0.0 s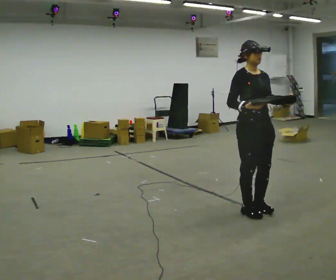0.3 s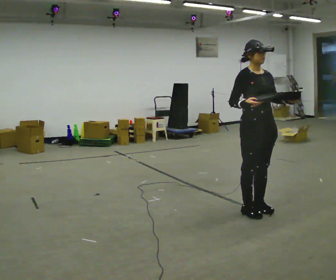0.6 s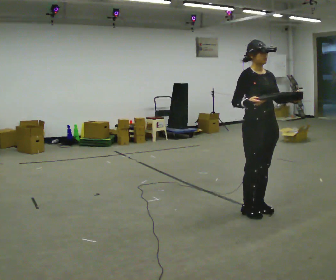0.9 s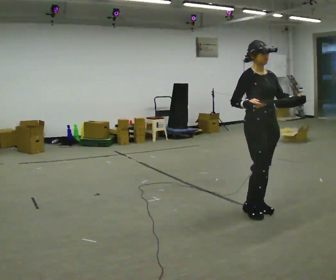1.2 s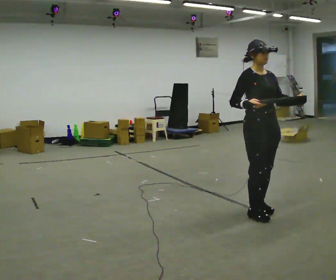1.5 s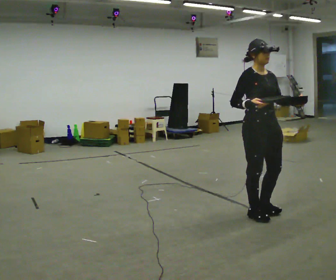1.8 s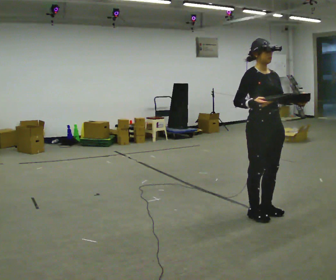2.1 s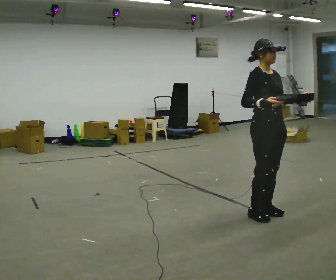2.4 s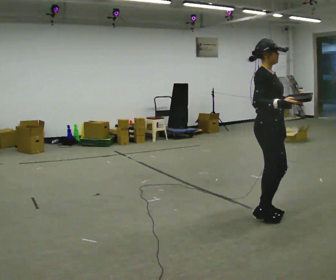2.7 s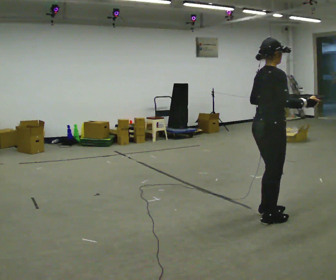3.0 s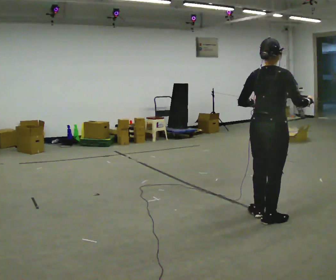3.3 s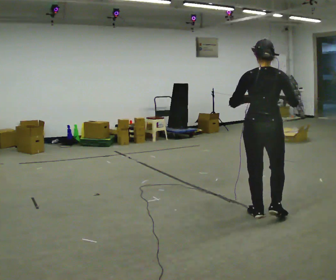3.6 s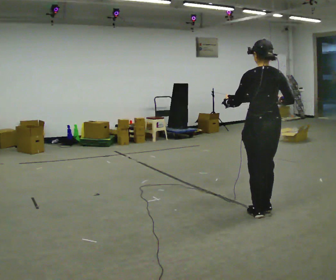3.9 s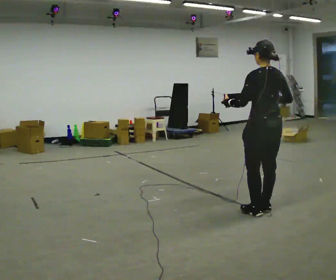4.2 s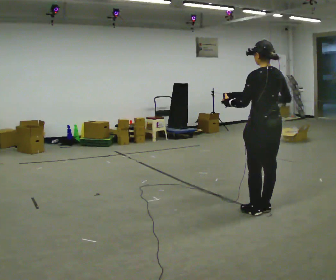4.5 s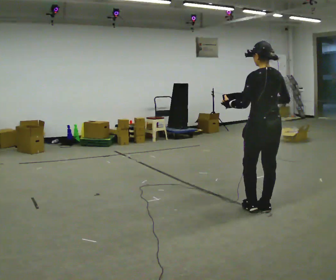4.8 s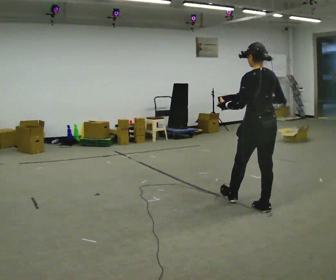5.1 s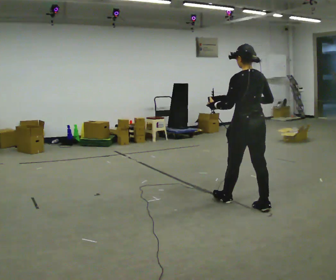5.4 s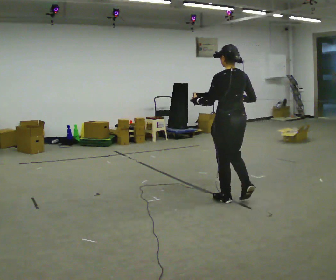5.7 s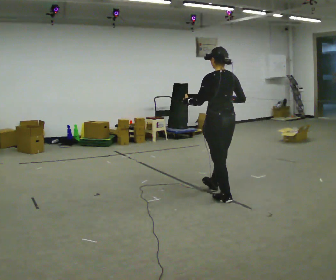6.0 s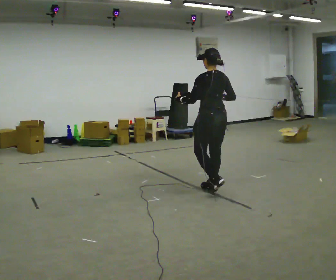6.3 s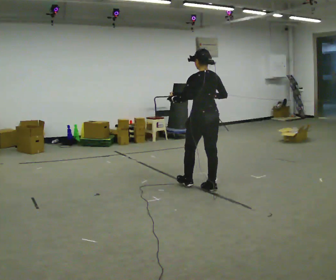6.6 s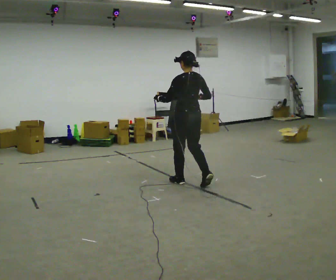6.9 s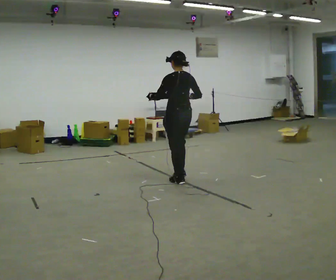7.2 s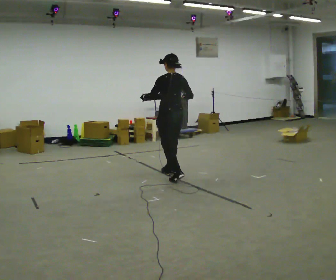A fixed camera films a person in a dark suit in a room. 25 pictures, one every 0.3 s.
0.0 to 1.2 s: The person moves a little, or ends about where they began.
1.2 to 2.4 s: The person turns about 30 degrees to their left, counterclockwise seen from above, so the part of the body nearest the lens slides to the right.
2.4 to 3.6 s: The person turns about 135 degrees to their left, counterclockwise seen from above, so the part of the body nearest the lens slides to the right. In the picture their left hand goes to the left.
3.6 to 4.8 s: In the picture they go away from the camera, about 0.25 m in 1 step, which for them is forward.
4.8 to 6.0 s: In the picture they go away from the camera and to the left, about 0.5 m in 2 steps, which for them is forward.
6.0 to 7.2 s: In the picture they go away from the camera and to the left, about 1 m in 2 steps, which for them is forward.
The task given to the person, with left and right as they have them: Carry the box with its lid hanging open across the room, back and forth.
The film runs forward here.
